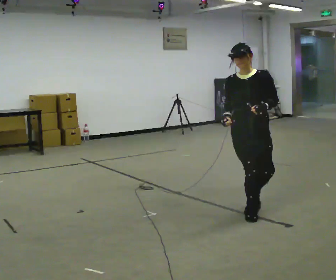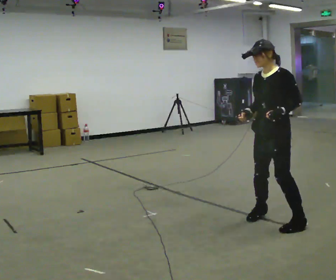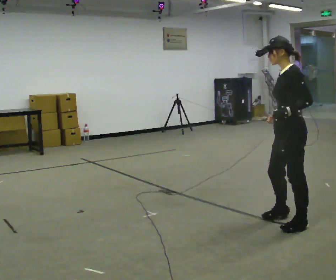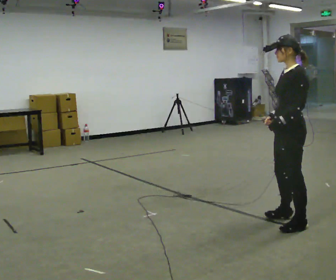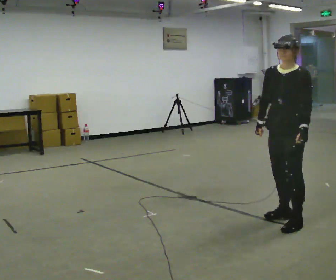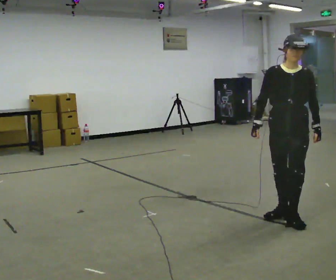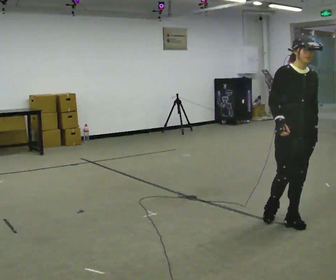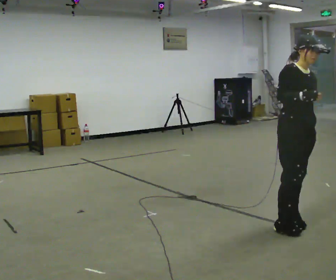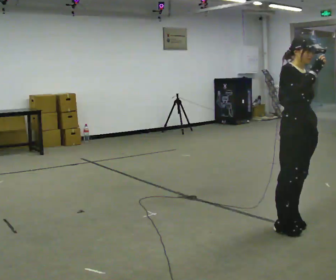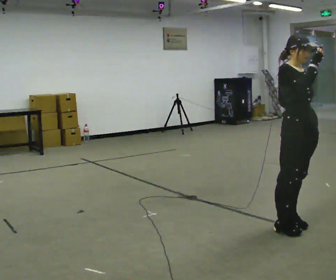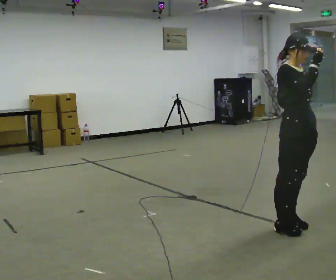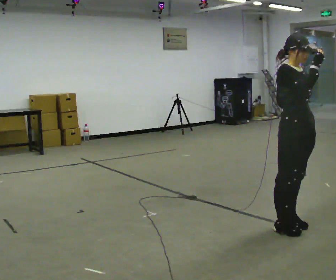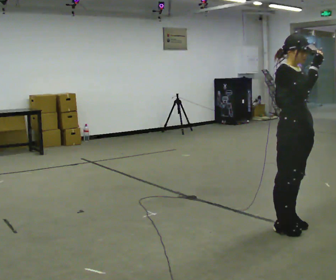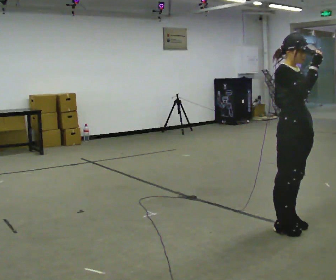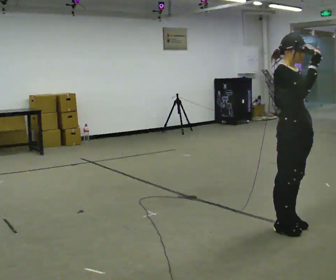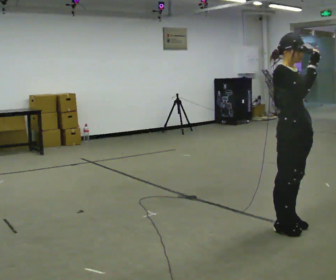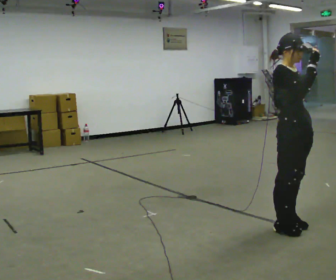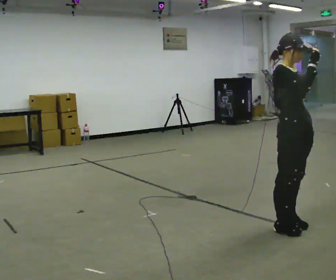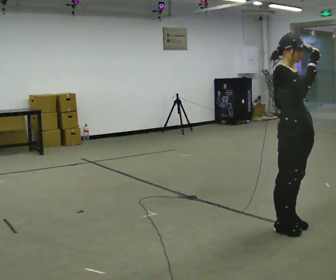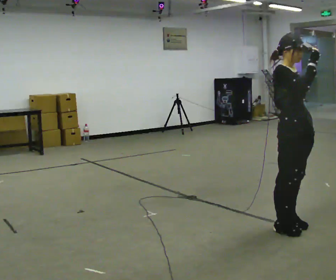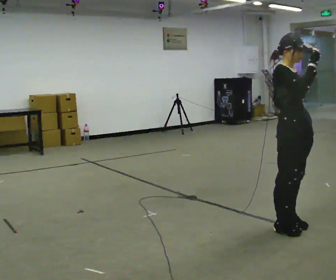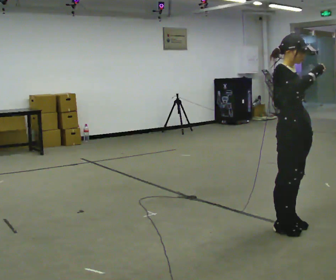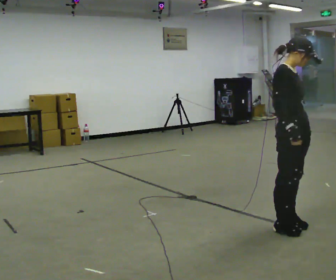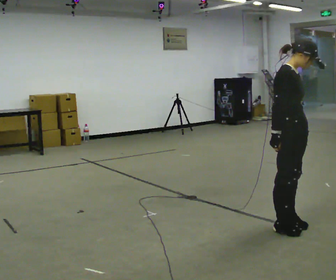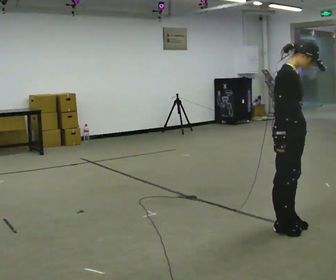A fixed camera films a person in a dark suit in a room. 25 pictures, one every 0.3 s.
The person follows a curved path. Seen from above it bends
clockwise.
0.0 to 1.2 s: The person turns about 30 degrees to their right, clockwise seen from above, so the part of the body nearest the lens slides to the left. In the picture they go to the right, about 0.25 m in 2 steps.
1.2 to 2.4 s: Seen from above the body turns counterclockwise, about 75 degrees: to their left, with its near side sliding to the right. In the picture they go toward the camera, about 0.25 m in 2 steps. In the picture their right hand goes upward and to the right.
2.4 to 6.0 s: The person moves a little, or ends about where they began.
6.0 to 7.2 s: In the picture their right hand goes downward.
The film runs forward here.
